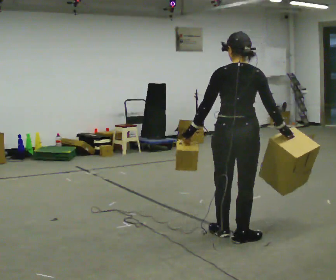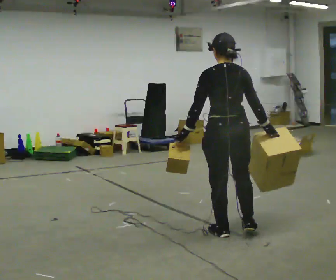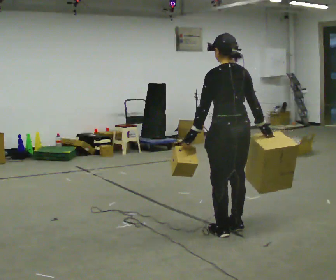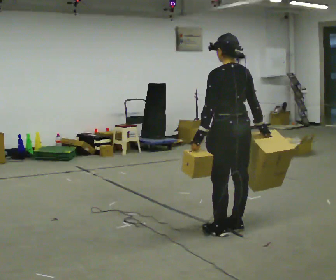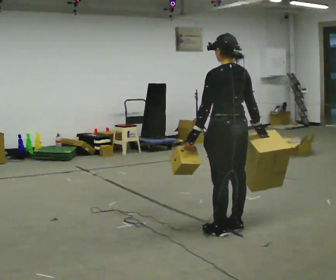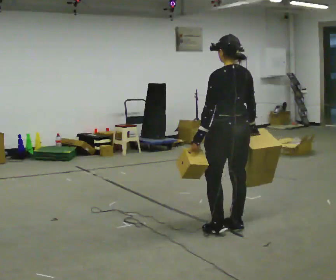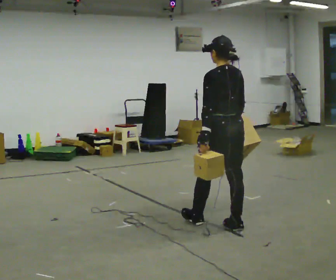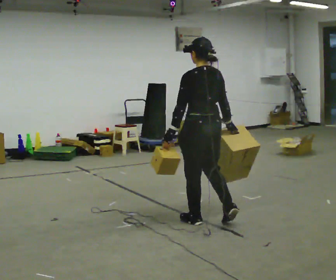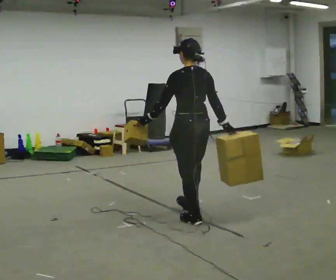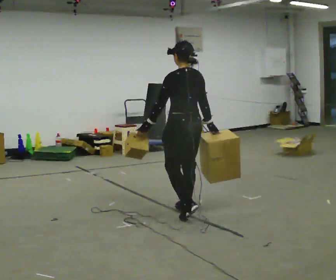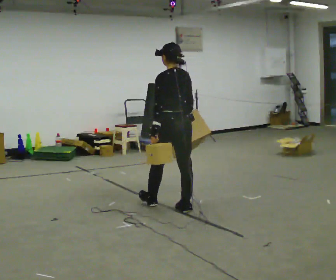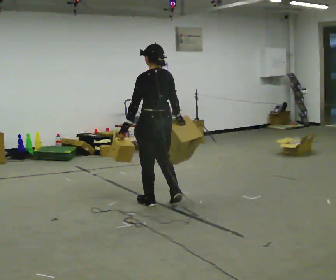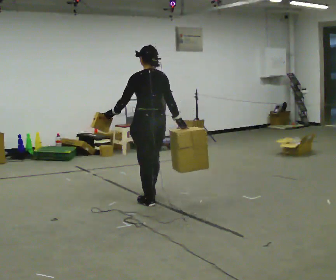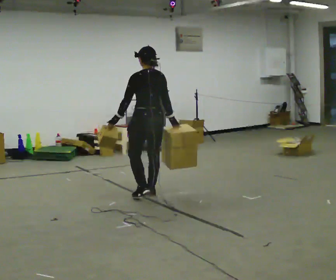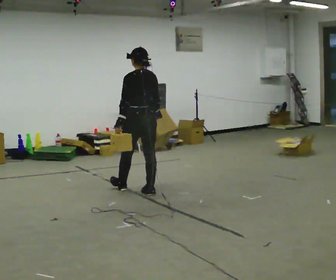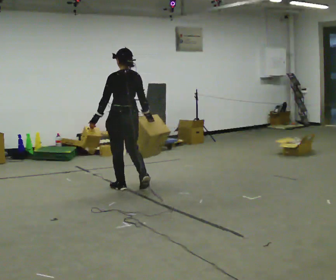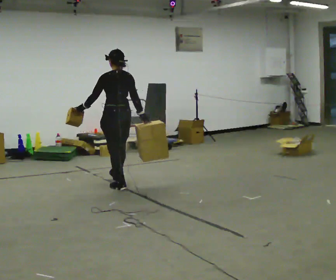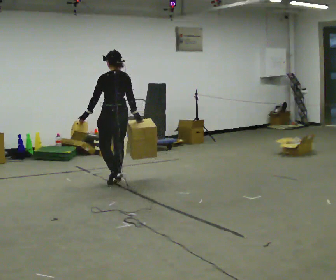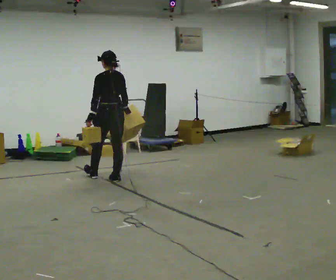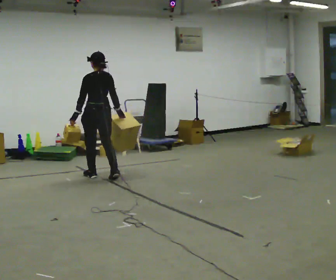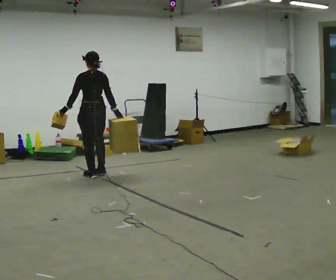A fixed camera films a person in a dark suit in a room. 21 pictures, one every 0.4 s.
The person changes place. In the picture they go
away from the camera.
0.0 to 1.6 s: The part of the body nearest the lens slides to the right as the person turns to their left by about 45 degrees. In the picture they go away from the camera, about 0.25 m in 1 step, which for them is forward.
1.6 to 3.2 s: In the picture they go away from the camera and to the left, about 0.5 m in 1 step, which for them is forward.
3.2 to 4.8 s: In the picture they go away from the camera and to the left, about 1 m in 3 steps, which for them is forward.
4.8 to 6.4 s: In the picture they go away from the camera and to the left, about 1 m in 2 steps, which for them is forward.
6.4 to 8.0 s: In the picture they go away from the camera and to the left, about 0.5 m in 1 step, which for them is forward.
The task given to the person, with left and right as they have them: Carry one object in each hand, the heavy one in the hand the operator calls, walking back and forth across the room.
The film runs forward here.
